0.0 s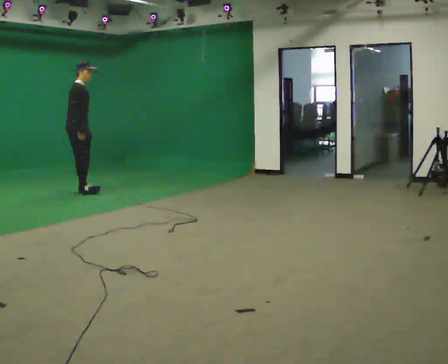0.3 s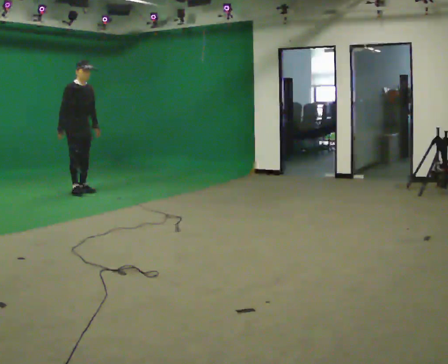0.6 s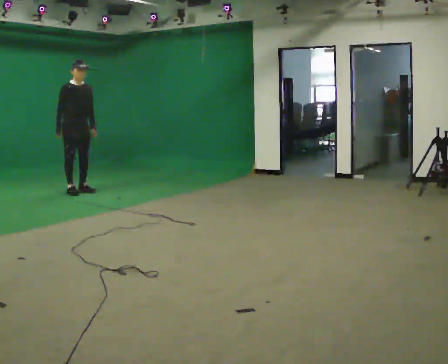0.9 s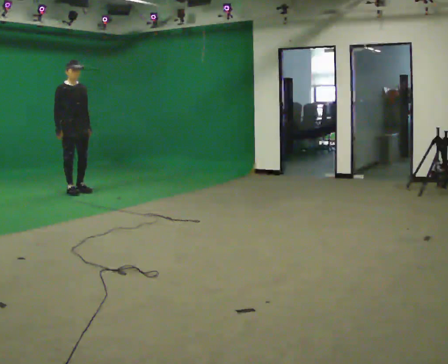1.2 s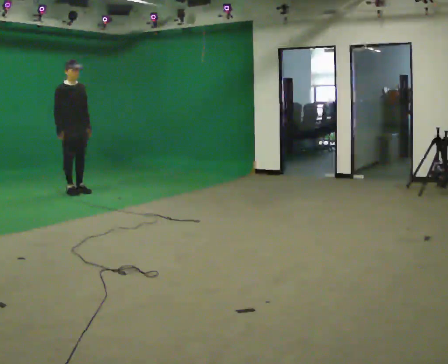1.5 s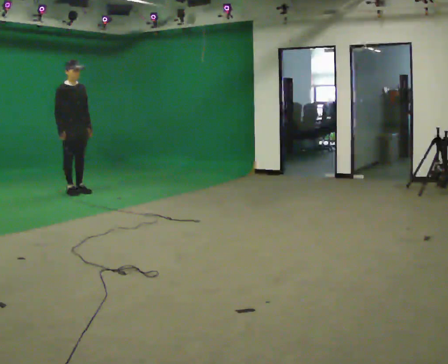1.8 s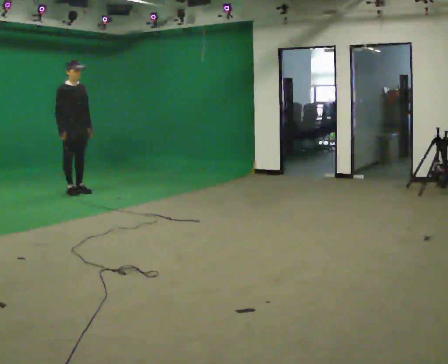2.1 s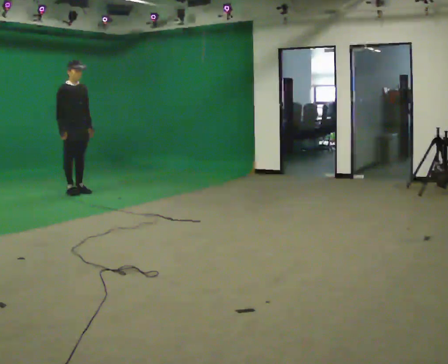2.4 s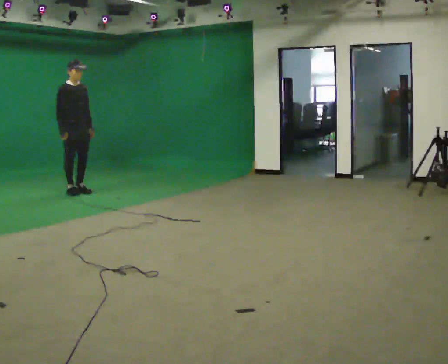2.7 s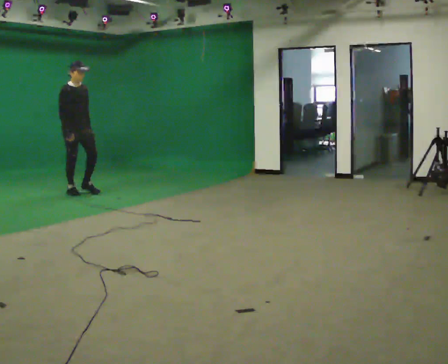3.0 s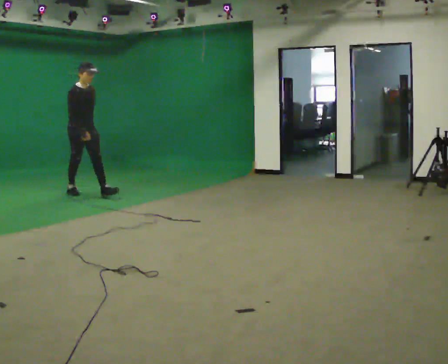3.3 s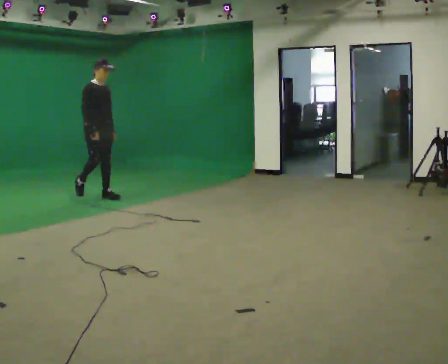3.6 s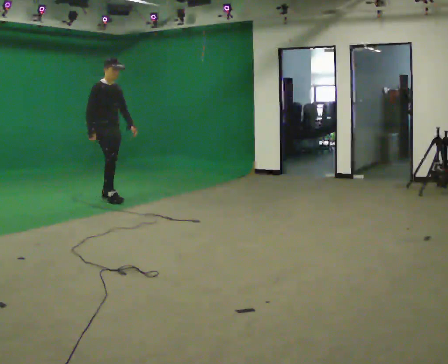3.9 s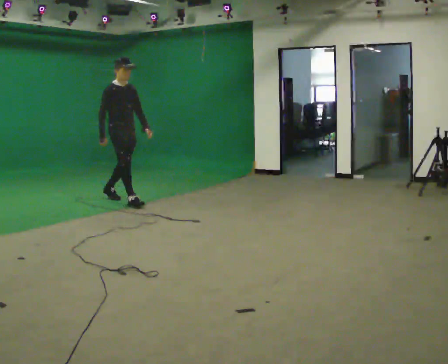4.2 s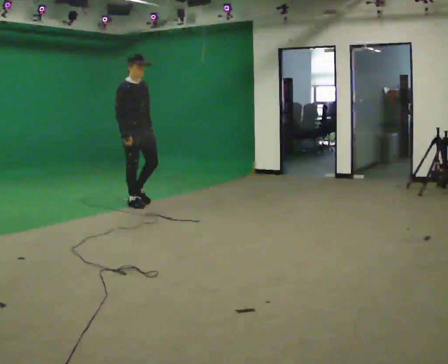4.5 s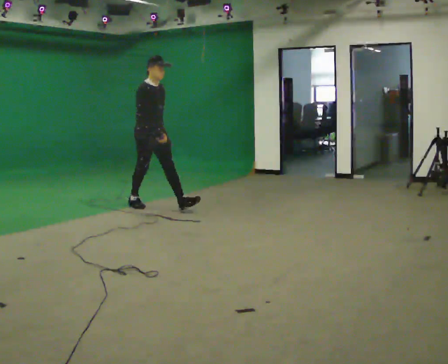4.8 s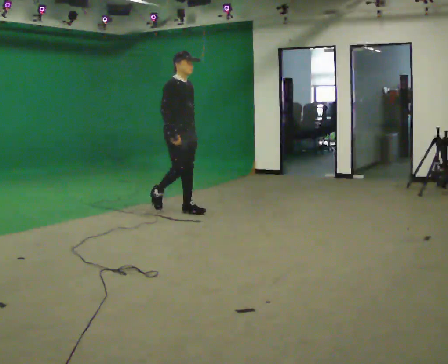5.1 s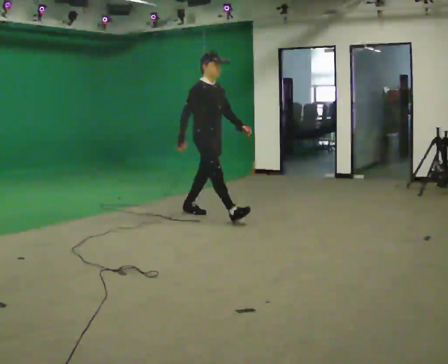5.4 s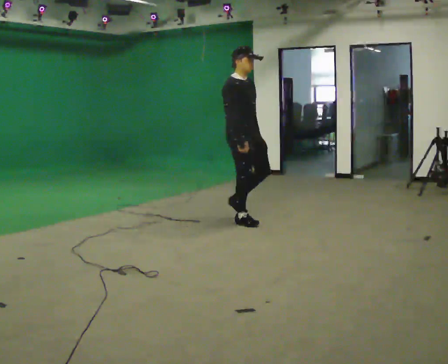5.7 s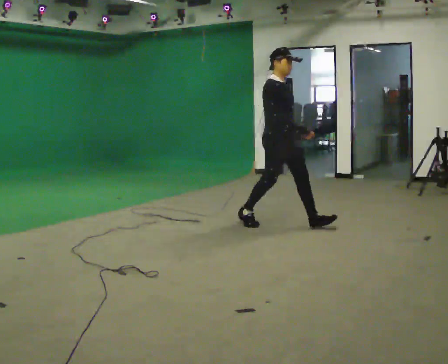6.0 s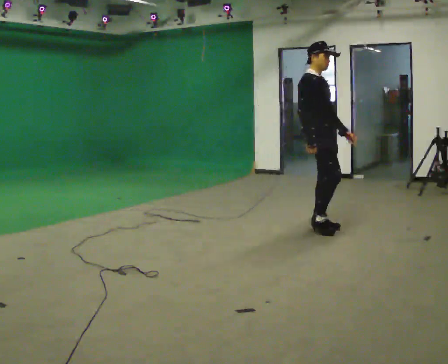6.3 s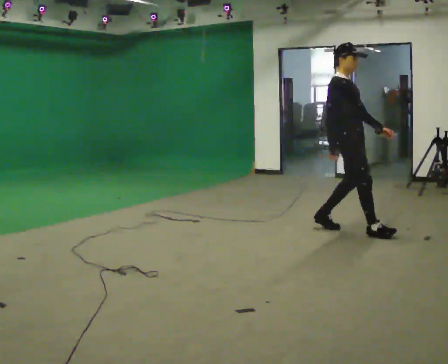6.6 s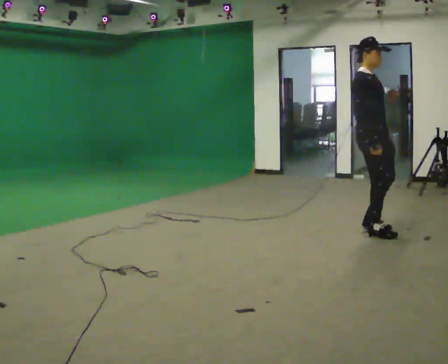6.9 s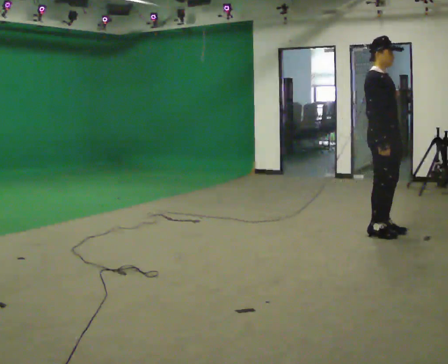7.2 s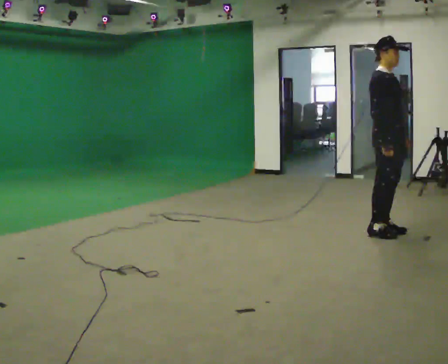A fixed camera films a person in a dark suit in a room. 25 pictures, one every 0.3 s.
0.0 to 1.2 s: The person turns about 30 degrees to their right, clockwise seen from above, so the part of the body nearest the lens slides to the left.
1.2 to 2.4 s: The person moves a little, or ends about where they began.
2.4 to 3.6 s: In the picture they go to the right and toward the camera, about 0.75 m in 1 step, which for them is forward.
3.6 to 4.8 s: In the picture they go toward the camera and to the right, about 1 m in 2 steps, which for them is forward.
4.8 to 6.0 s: In the picture they go to the right and toward the camera, about 1.5 m in 2 steps, which for them is forward.
6.0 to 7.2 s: In the picture they go to the right and toward the camera, about 0.75 m in 2 steps, which for them is forward.
The film runs forward here.
